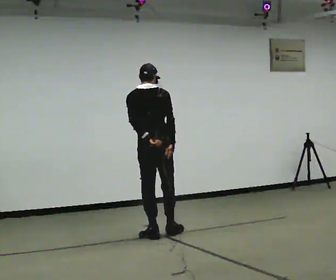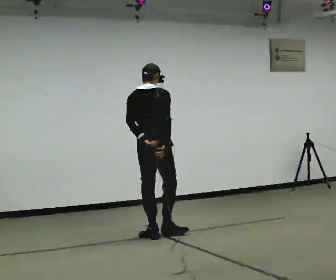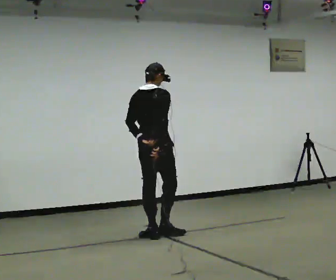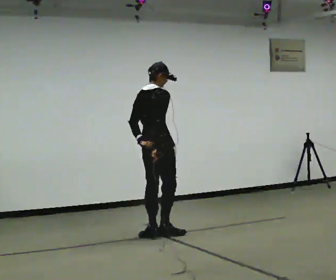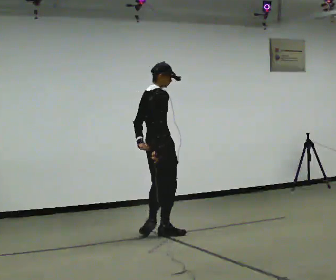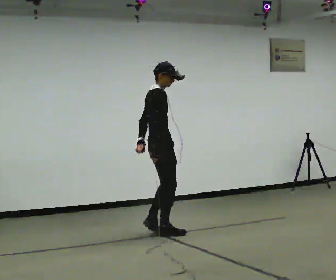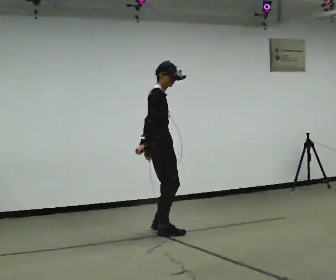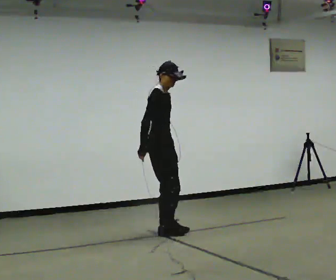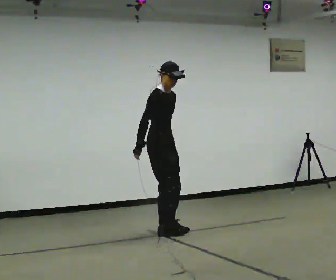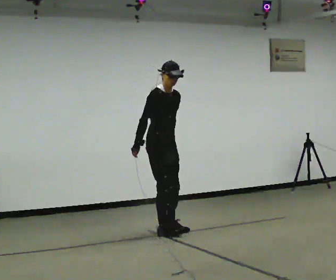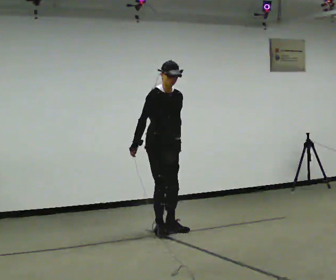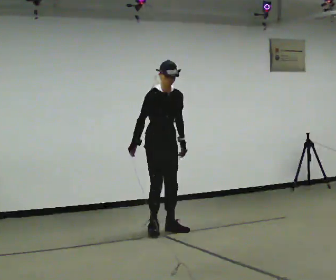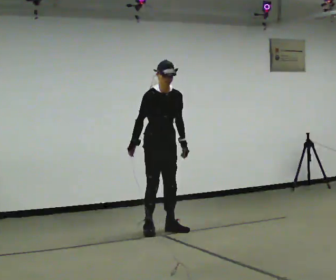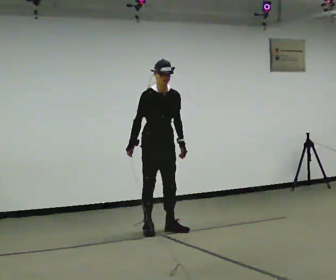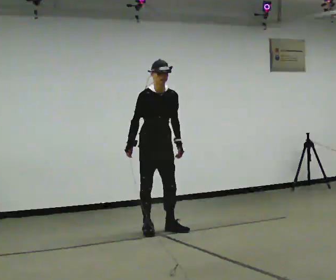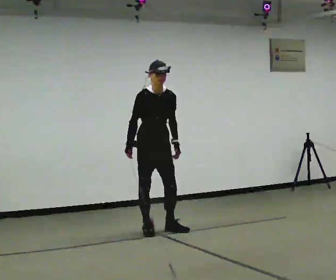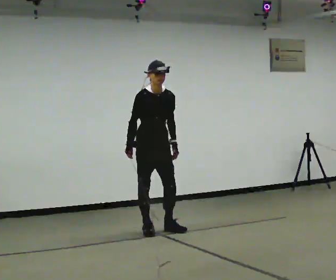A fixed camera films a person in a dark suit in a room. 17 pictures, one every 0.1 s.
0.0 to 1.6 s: Seen from above the body turns clockwise, about 165 degrees: to their right, with its near side sliding to the left. In the picture they go away from the camera, about 0.25 m in 2 steps. The upper body tips toward the camera, its near side rolling downward.
The film runs forward here.
